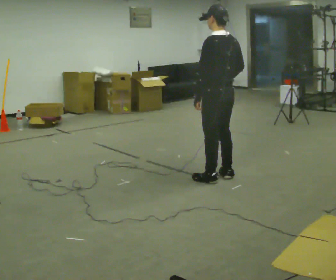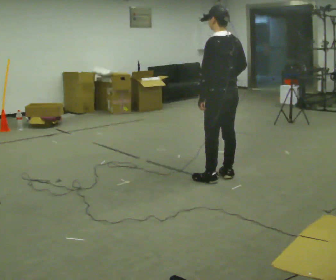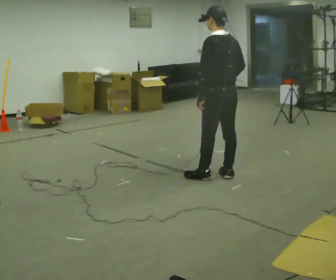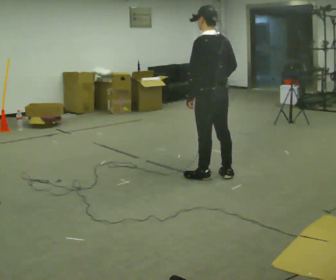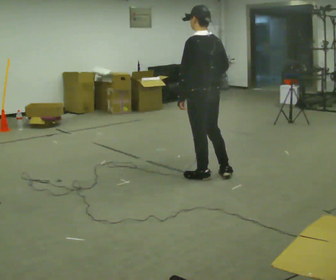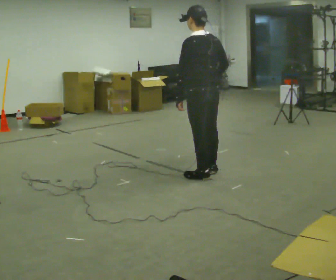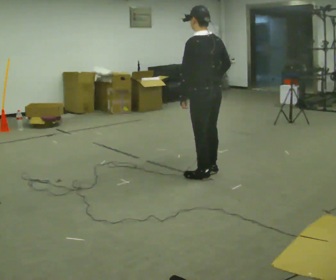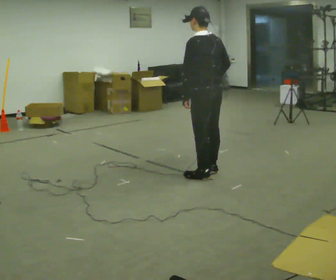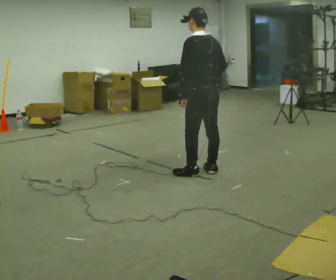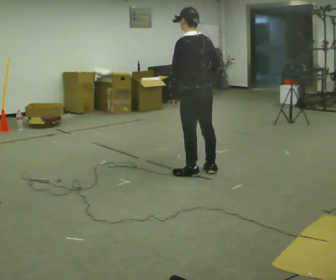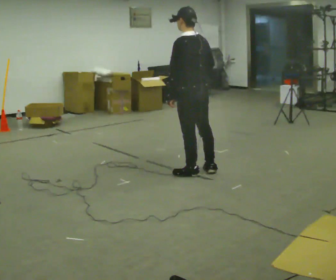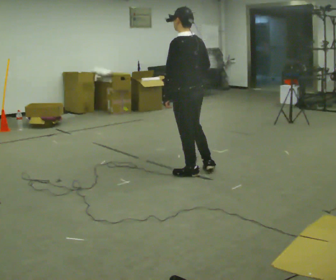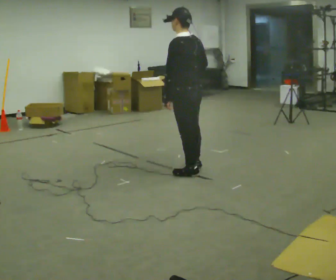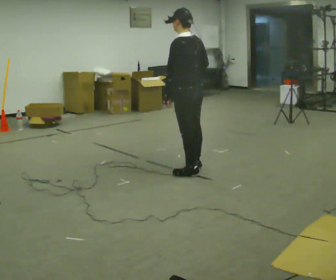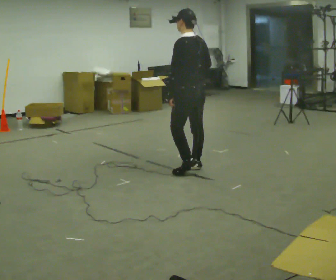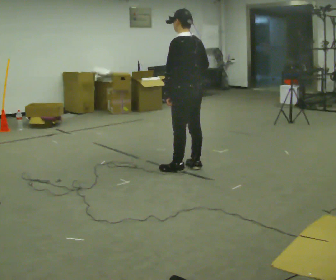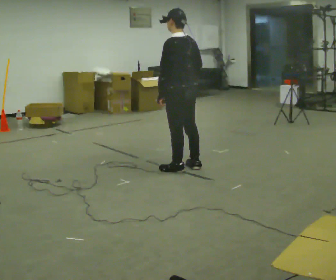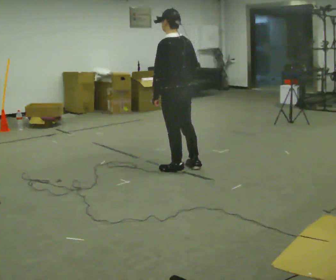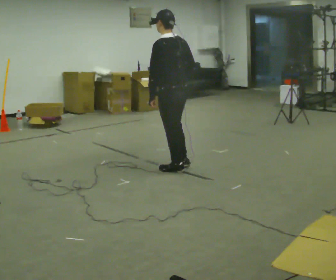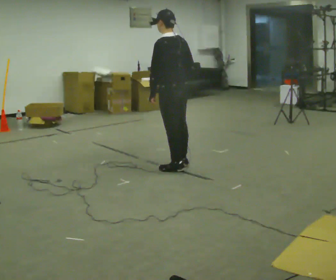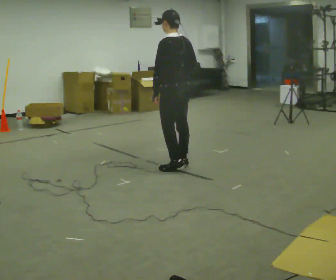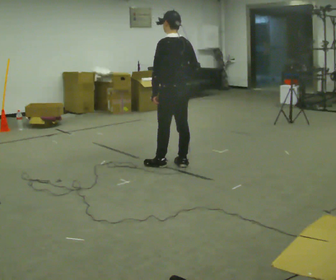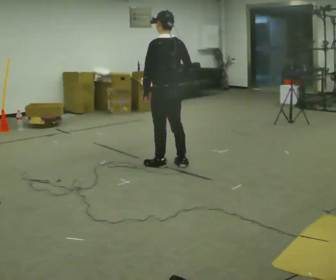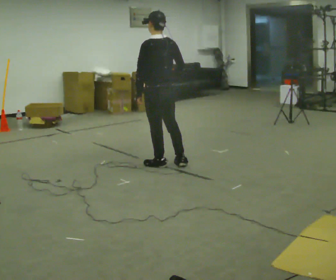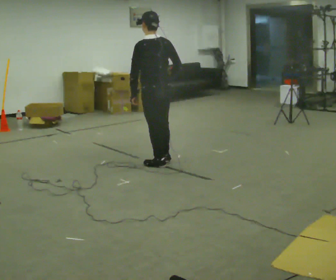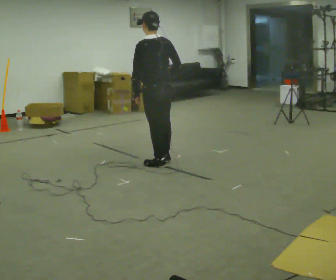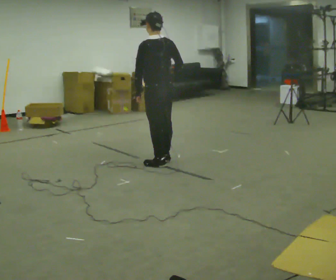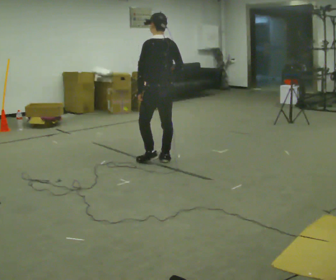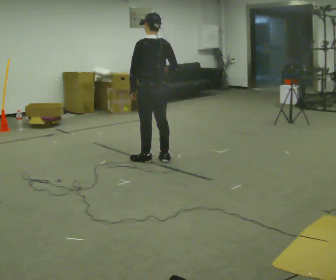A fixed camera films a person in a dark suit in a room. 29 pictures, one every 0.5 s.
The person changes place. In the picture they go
to the left.
0.0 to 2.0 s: In the picture they go to the left, about 0.25 m.
2.0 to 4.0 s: In the picture they go away from the camera, about 0.25 m in 2 steps, which for them is to their right.
4.0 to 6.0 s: In the picture they go to the left, about 0.25 m in 1 step, which for them is forward.
6.0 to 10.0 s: In the picture they go away from the camera and to the left, about 0.25 m in 2 steps, which for them is forward.
10.0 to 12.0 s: In the picture they go to the left, about 0.25 m in 2 steps, which for them is forward and to their left.
12.0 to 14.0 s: In the picture they go away from the camera, about 0.25 m in 1 step, which for them is forward.
The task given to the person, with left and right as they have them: Hold the object against your hip on the side the operator calls, and carry it back and forth across the room.
The film runs forward here.
